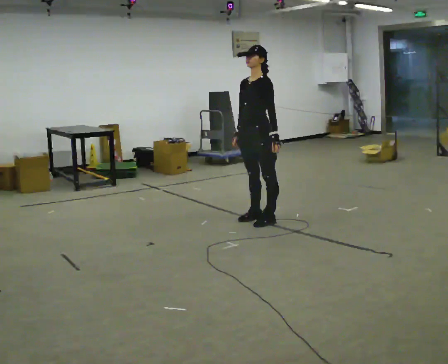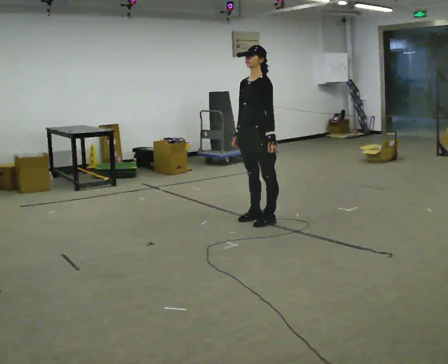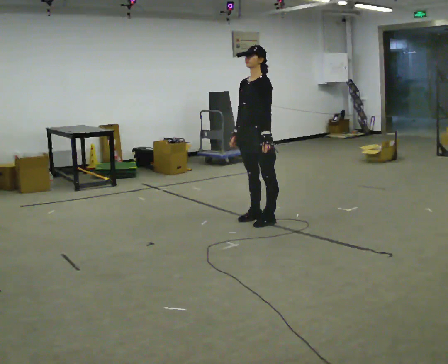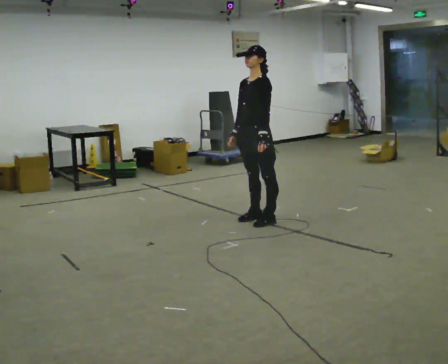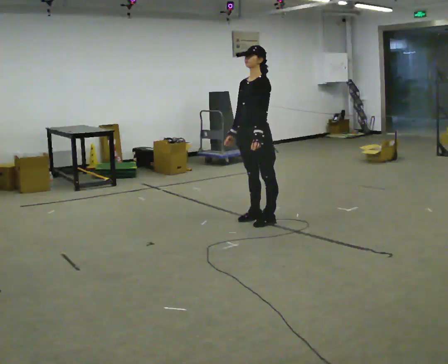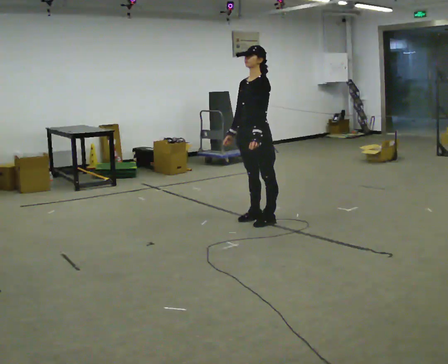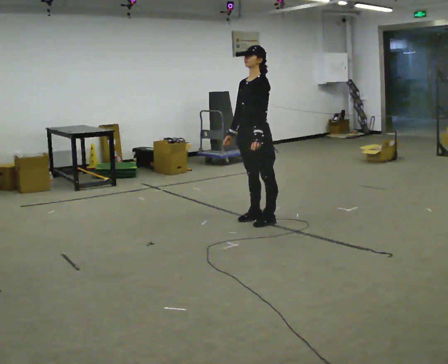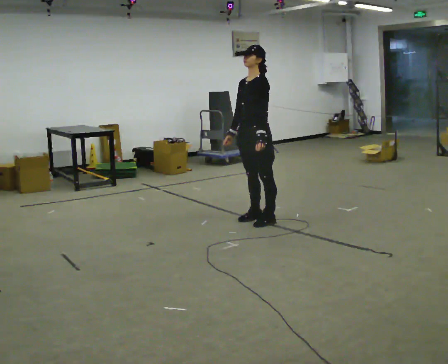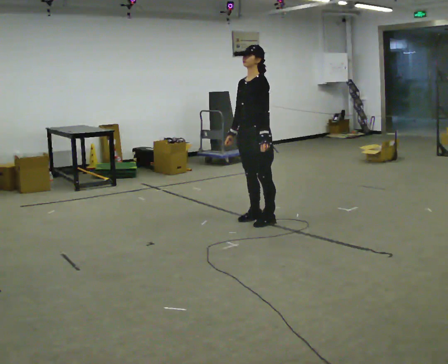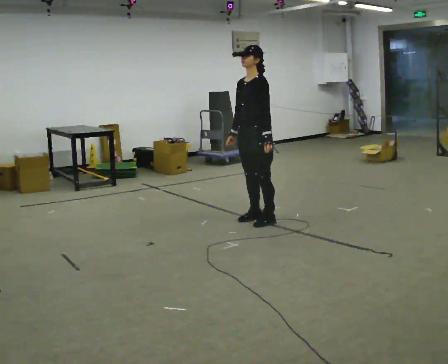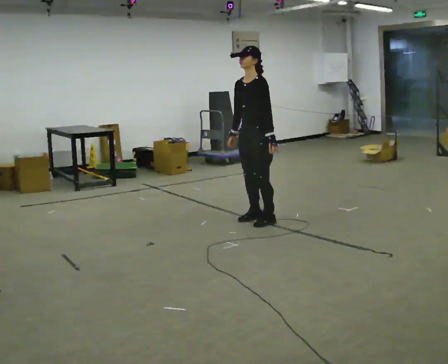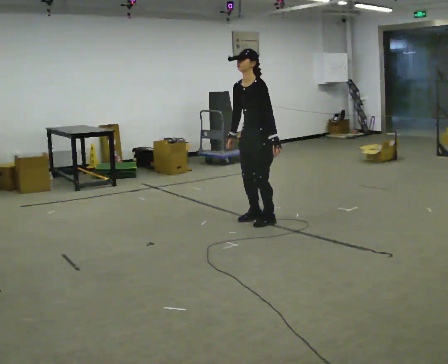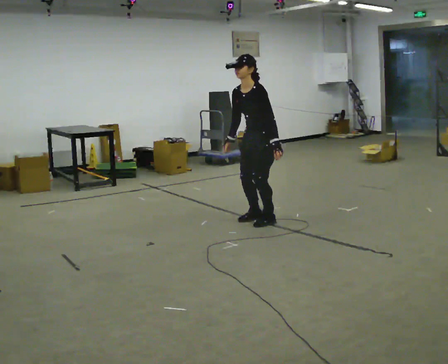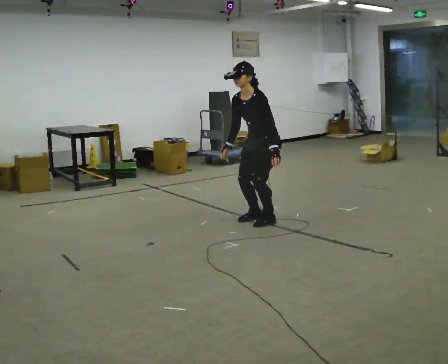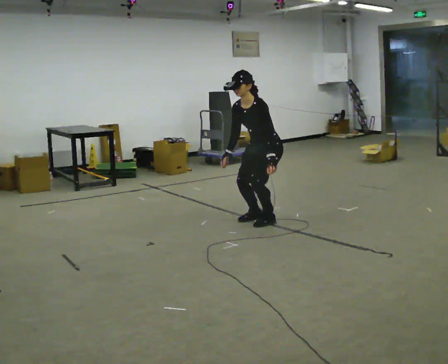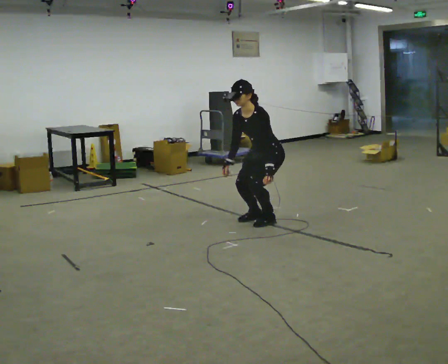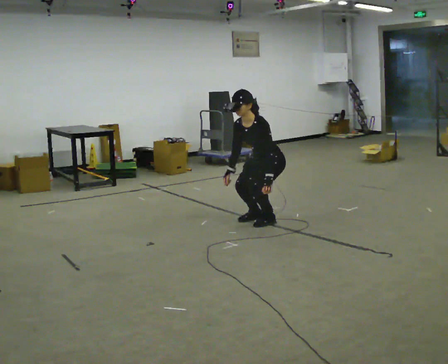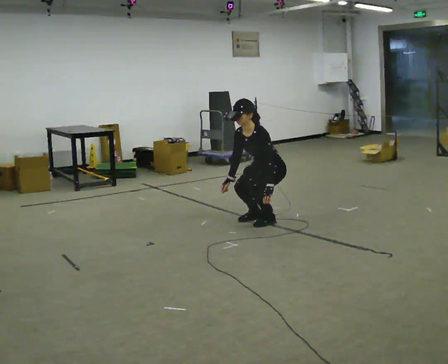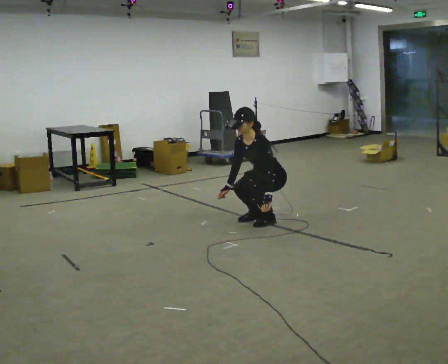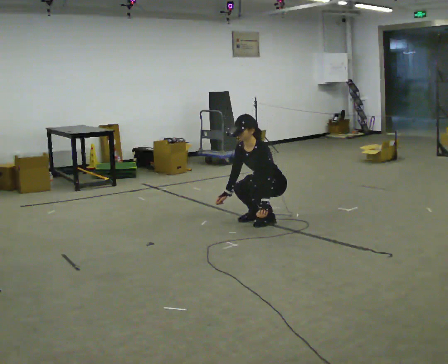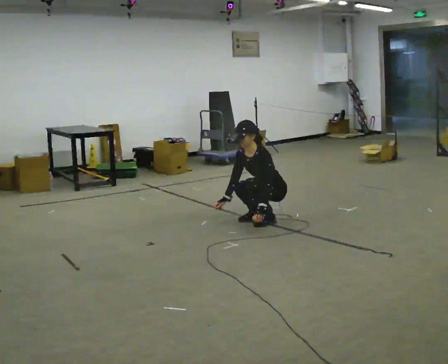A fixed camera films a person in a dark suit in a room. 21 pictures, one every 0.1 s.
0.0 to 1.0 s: The person moves a little, or ends about where they began.
1.0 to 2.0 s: The shoulders move downward. The upper body tips toward the camera, its near side rolling downward, as they bend forward. In the picture their left hand goes downward.
The film runs forward here.
